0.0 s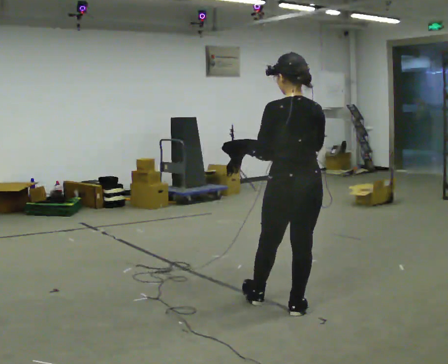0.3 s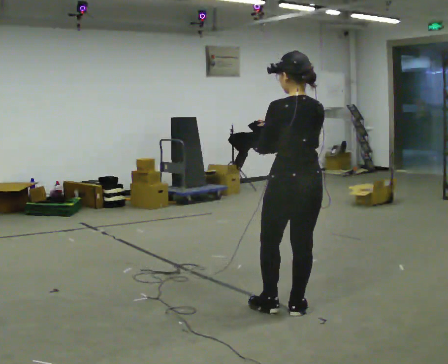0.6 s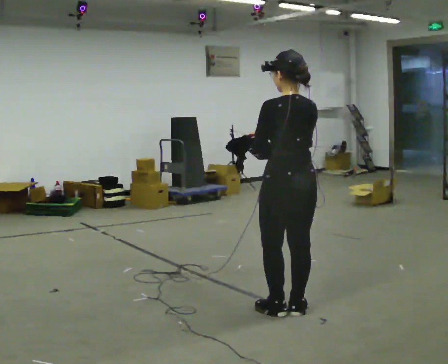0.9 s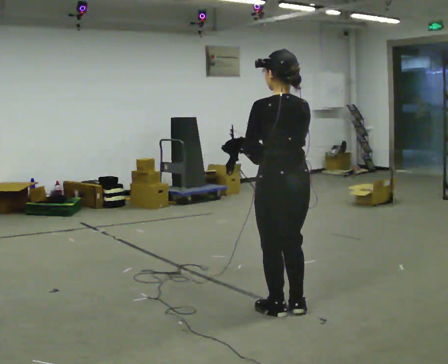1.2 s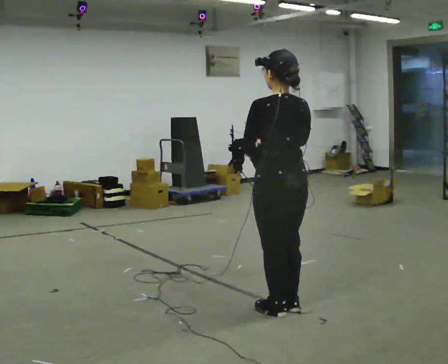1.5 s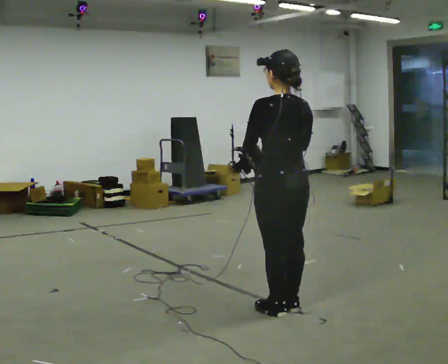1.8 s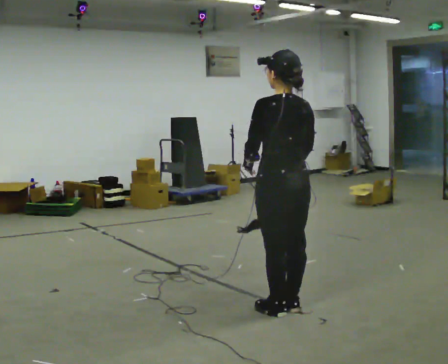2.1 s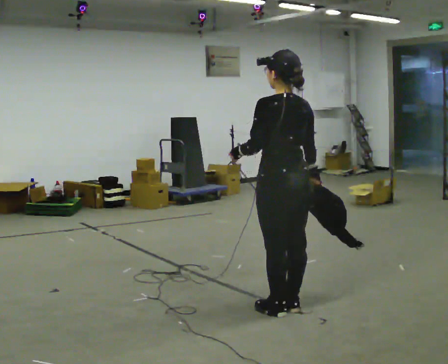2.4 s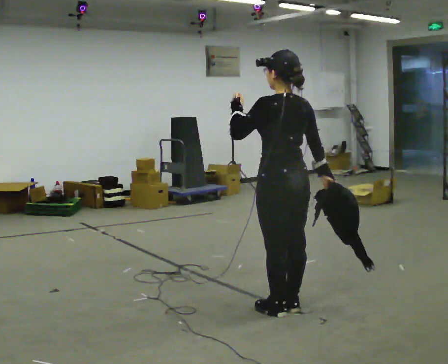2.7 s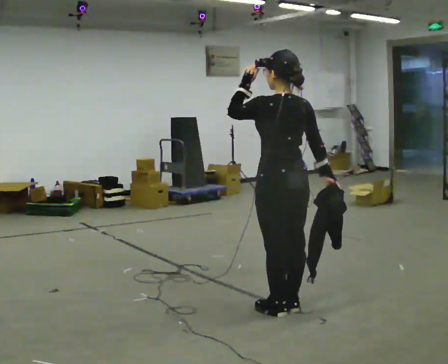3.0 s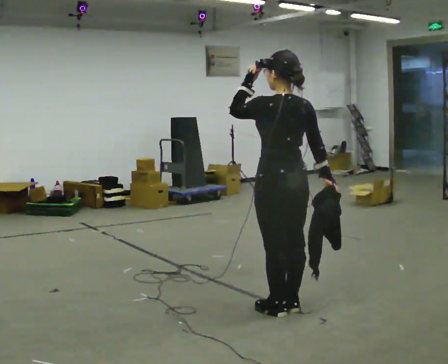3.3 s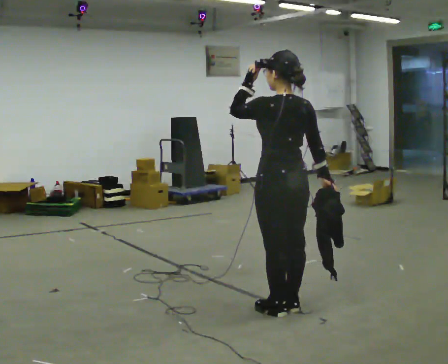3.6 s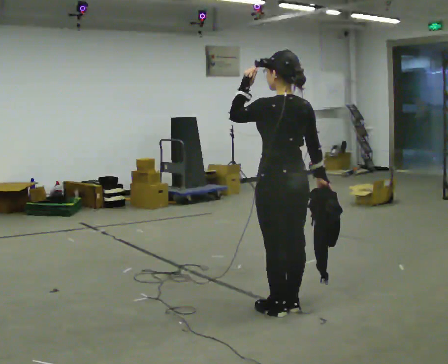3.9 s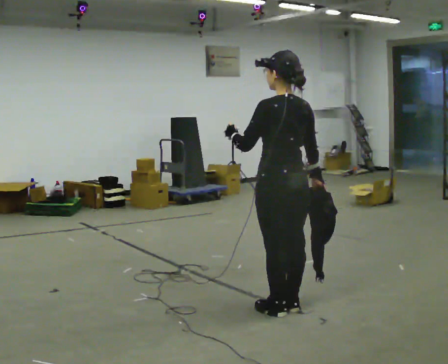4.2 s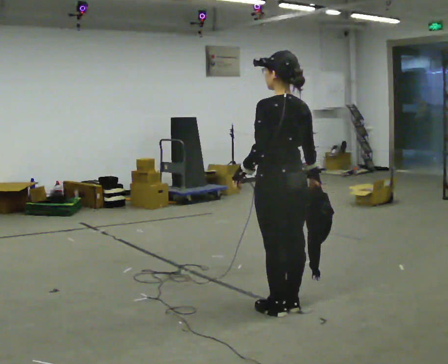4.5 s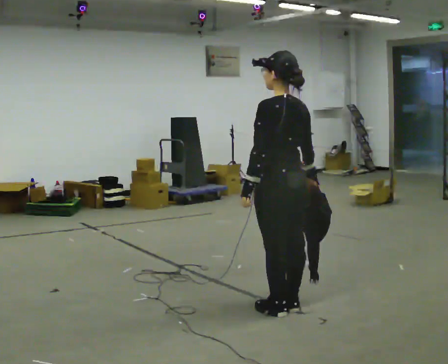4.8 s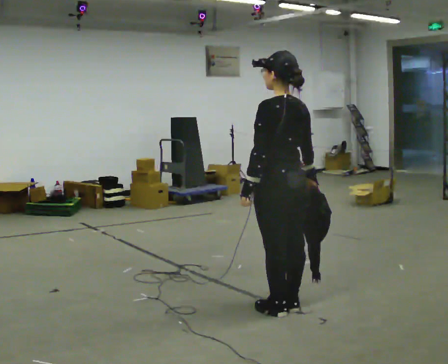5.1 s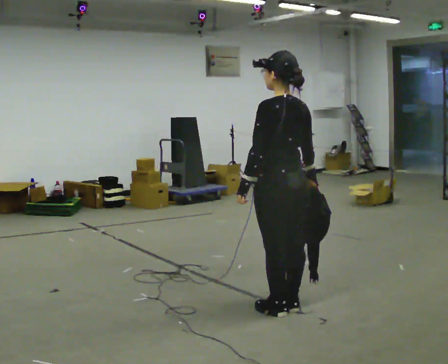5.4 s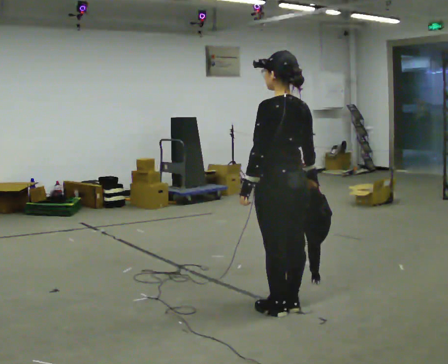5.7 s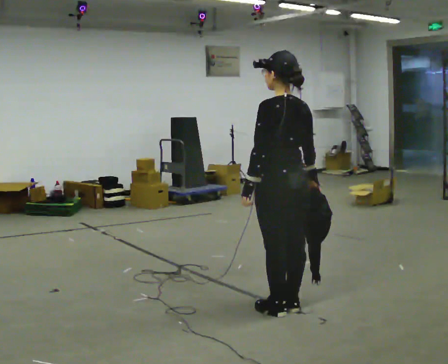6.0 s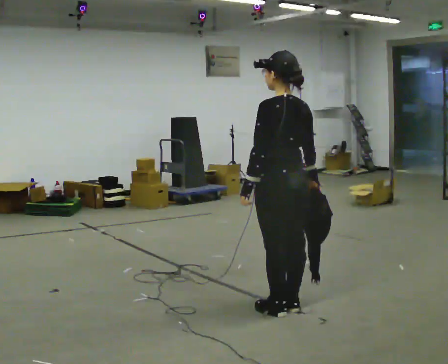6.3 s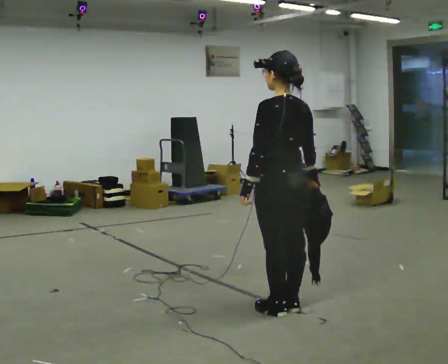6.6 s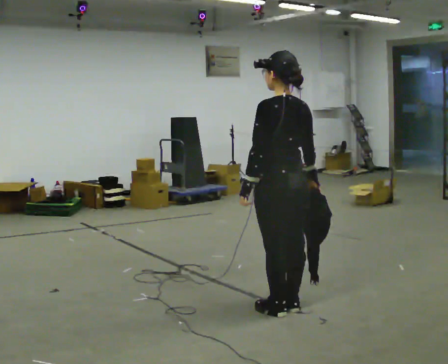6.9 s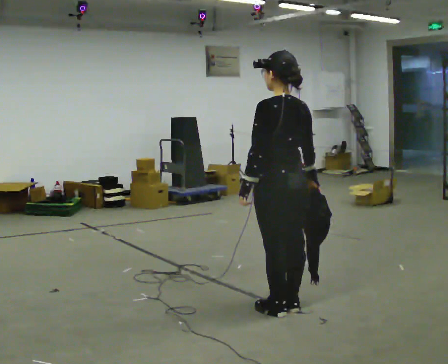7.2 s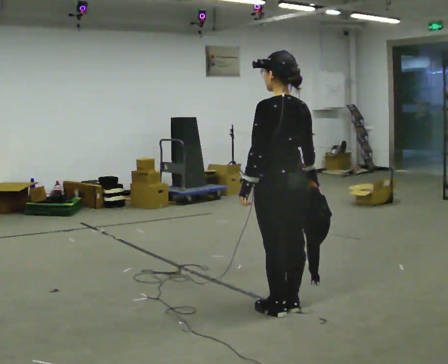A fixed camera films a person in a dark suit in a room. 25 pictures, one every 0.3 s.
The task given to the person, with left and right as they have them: Carry the cloth and, while walking, fold it in half, then unfold it. Keep repeating as you walk. Do not stop.
0.0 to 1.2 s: The person moves a little, or ends about where they began.
1.2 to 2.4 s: In the picture their right hand goes to the right.
2.4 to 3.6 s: The person moves a little, or ends about where they began.
3.6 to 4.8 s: In the picture their left hand goes downward.
4.8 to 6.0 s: The person moves a little, or ends about where they began.
6.0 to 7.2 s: The person keeps their place and pose.
The film runs forward here.
